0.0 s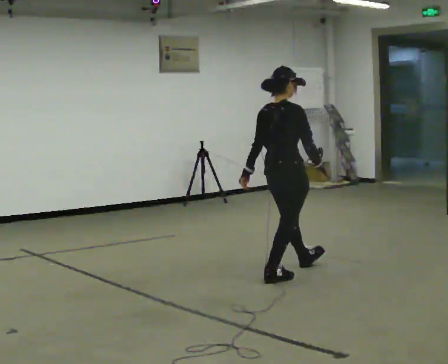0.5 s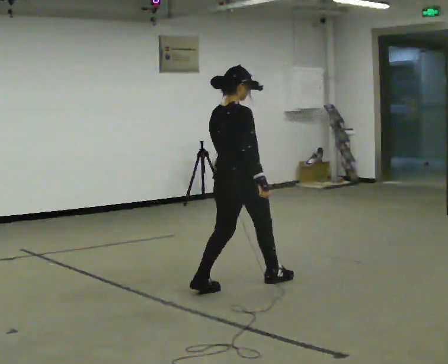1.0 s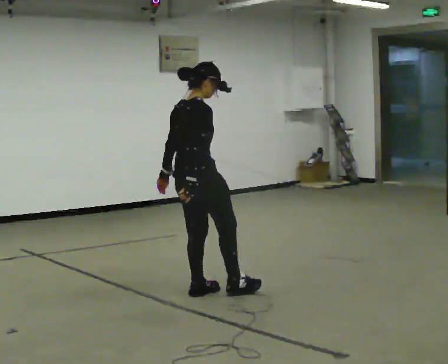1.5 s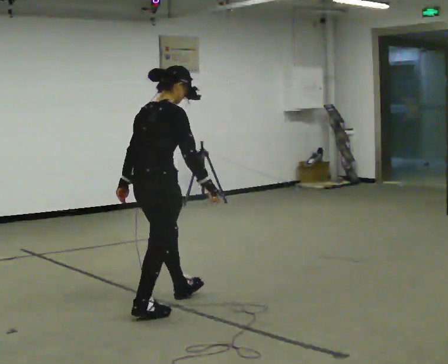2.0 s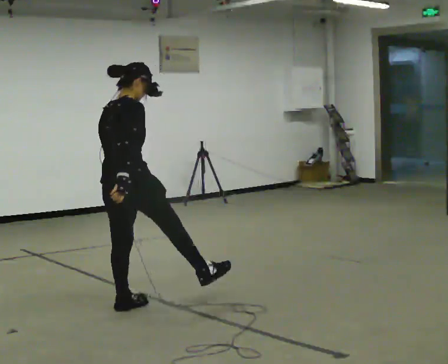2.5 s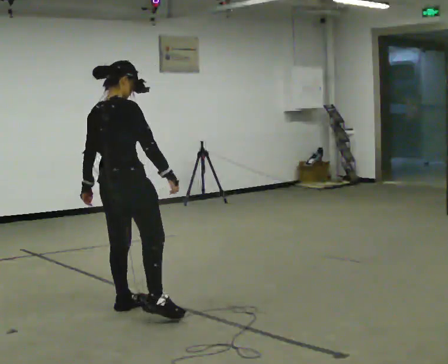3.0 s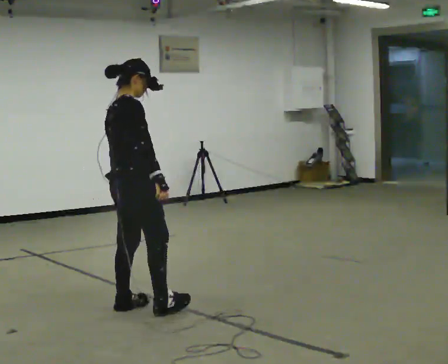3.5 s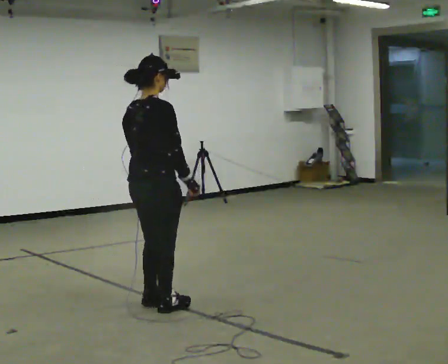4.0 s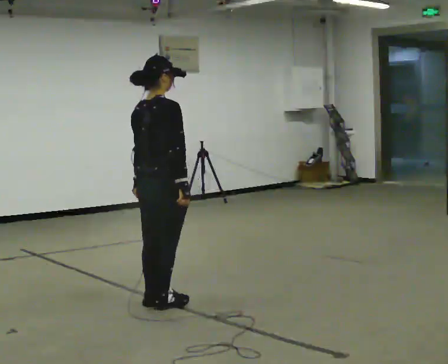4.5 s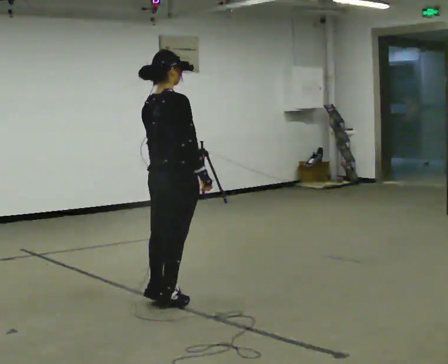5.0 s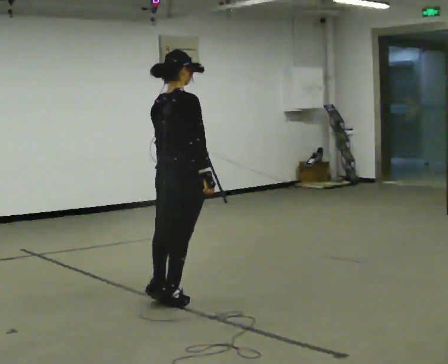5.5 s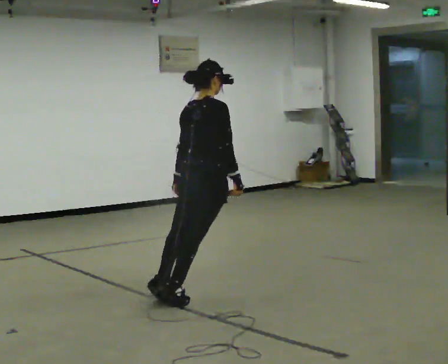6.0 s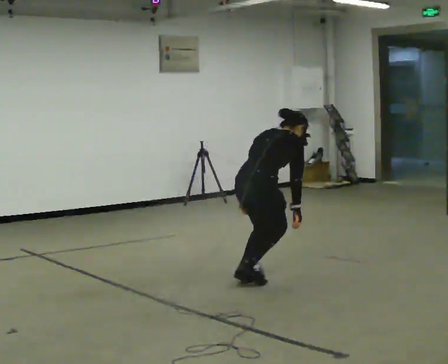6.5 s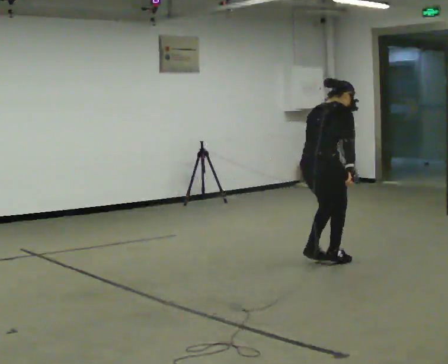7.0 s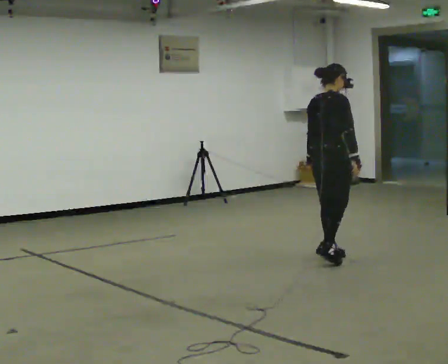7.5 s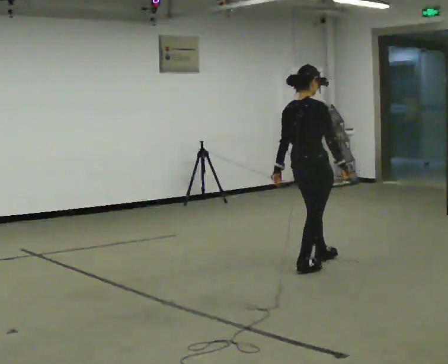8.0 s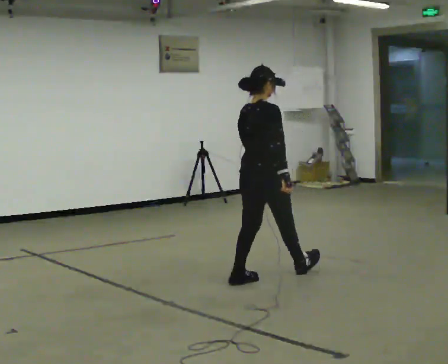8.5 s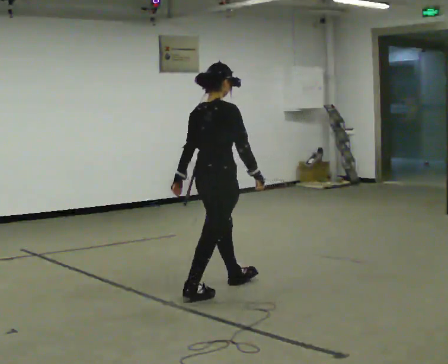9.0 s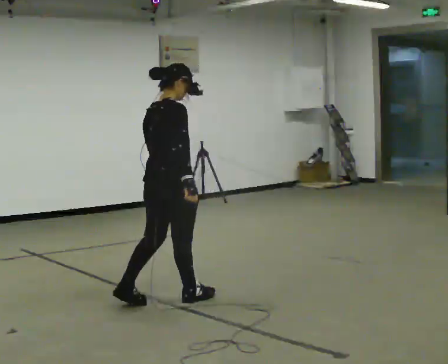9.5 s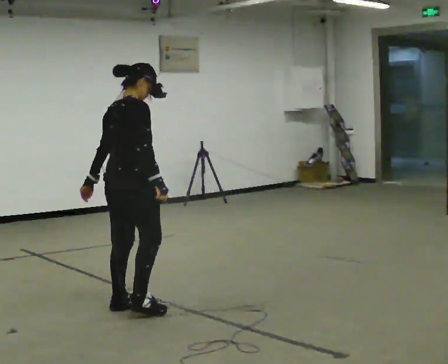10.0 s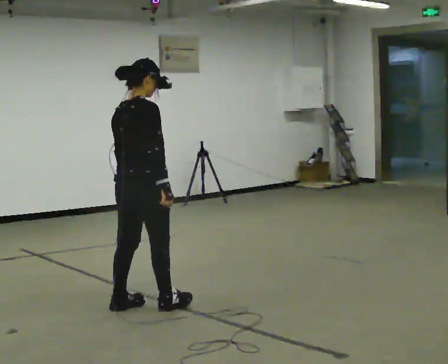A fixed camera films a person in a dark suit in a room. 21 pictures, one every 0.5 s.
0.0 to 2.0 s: In the picture they go to the left and toward the camera, about 1.5 m in 3 steps, which for them is backward.
2.0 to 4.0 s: In the picture they go to the right, about 0.25 m in 2 steps, which for them is forward. In the picture their right hand goes to the right.
4.0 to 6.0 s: In the picture they go to the right and away from the camera, about 1 m in 1 step, which for them is forward. In the picture the upper body tilts clockwise, shoulders to the right, as they bend forward.
6.0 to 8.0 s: In the picture the upper body tilts counterclockwise, shoulders to the left, as they lean back or straighten.
8.0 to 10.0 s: In the picture they go to the left and toward the camera, about 1 m in 3 steps, which for them is backward.
The film runs forward here.
